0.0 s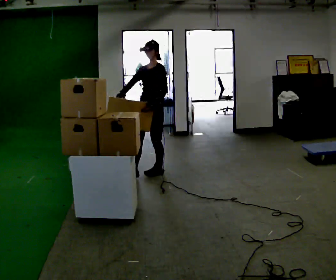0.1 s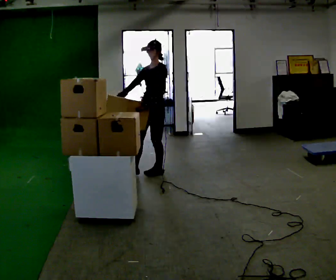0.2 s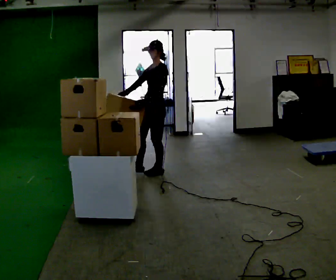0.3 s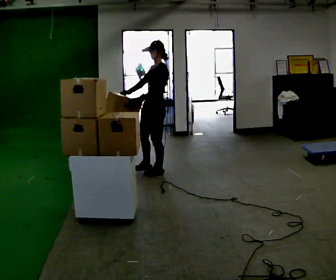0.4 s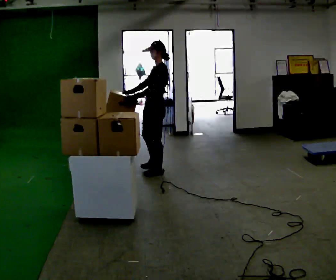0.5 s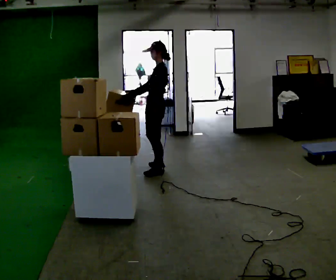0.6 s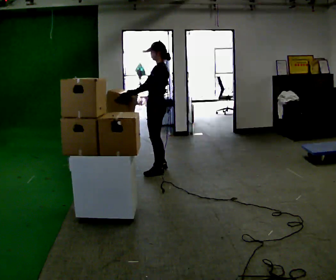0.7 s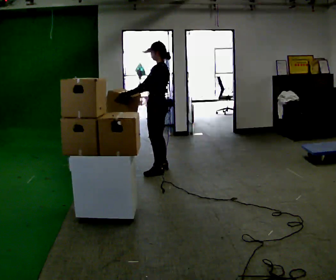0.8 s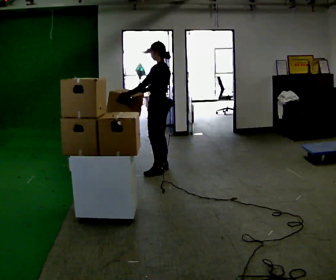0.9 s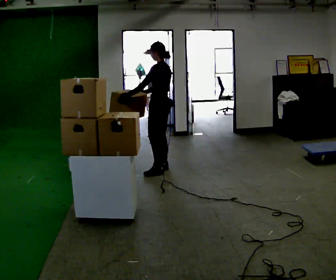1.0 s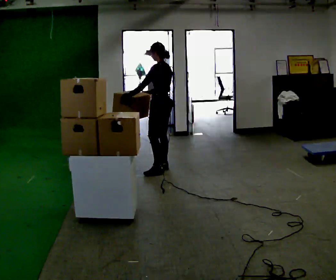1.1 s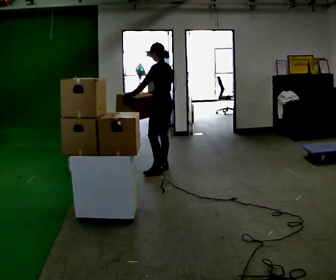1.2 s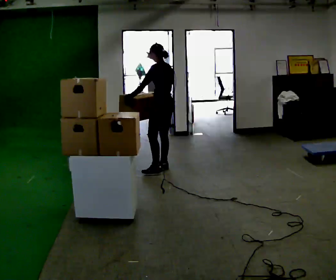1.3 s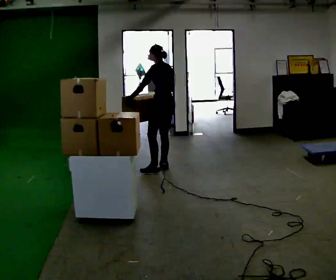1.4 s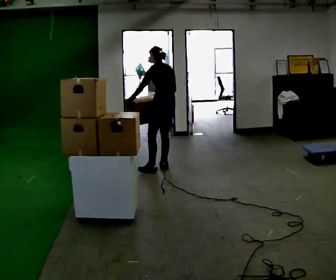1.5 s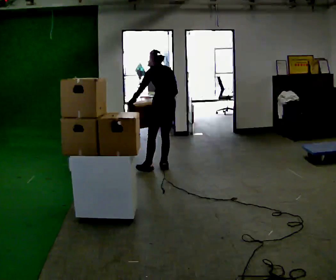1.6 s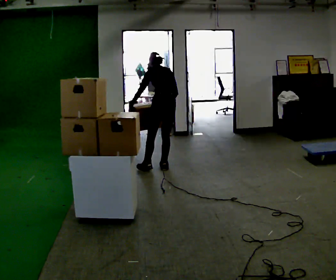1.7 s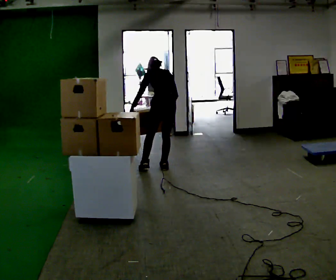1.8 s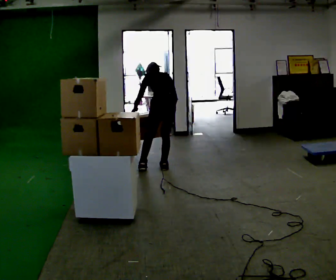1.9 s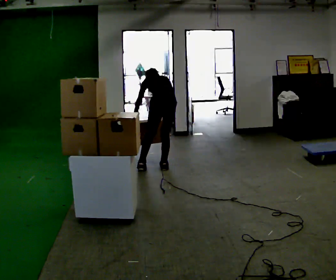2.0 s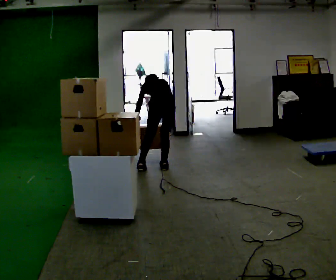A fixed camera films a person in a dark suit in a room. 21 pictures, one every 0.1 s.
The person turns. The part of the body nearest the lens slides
to the left.
The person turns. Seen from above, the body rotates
clockwise.
0.0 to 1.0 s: The person turns about 75 degrees to their right, clockwise seen from above, so the part of the body nearest the lens slides to the left. In the picture they go away from the camera, about 0.25 m. In the picture their left hand goes to the left, the arm swinging clockwise.
1.0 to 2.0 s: Seen from above the body turns clockwise, about 45 degrees: to their right, with its near side sliding to the left. The upper body goes downward. The upper body tips away from the camera, its near side rolling upward, as they bend forward. In the picture their right hand goes downward, the arm swinging counterclockwise.
The film runs backward here.
